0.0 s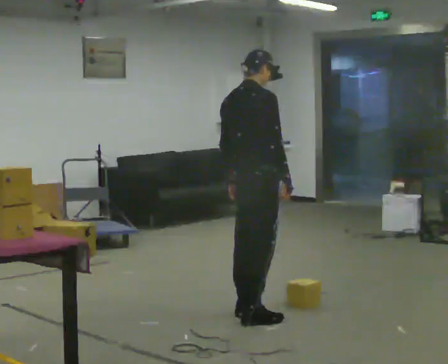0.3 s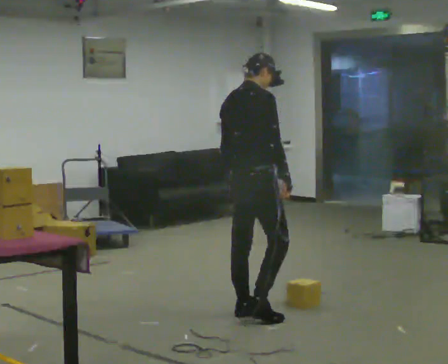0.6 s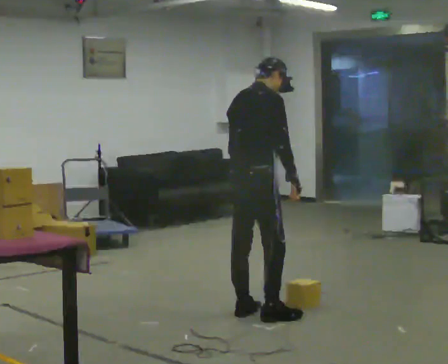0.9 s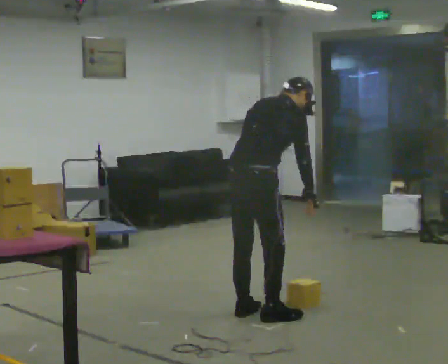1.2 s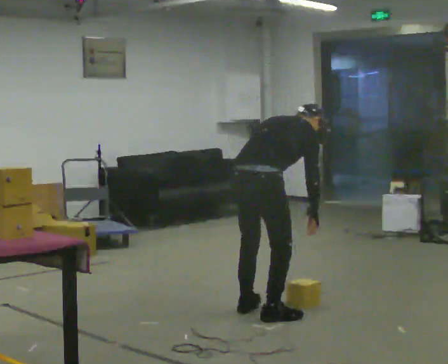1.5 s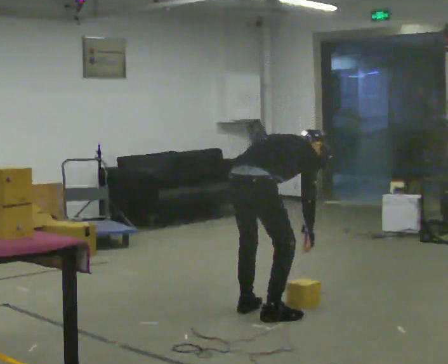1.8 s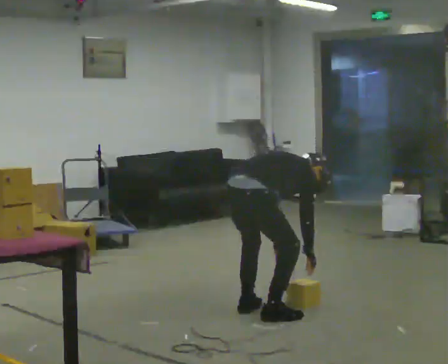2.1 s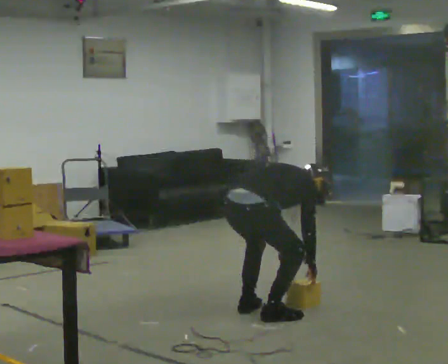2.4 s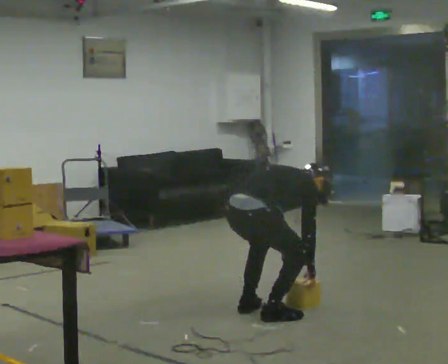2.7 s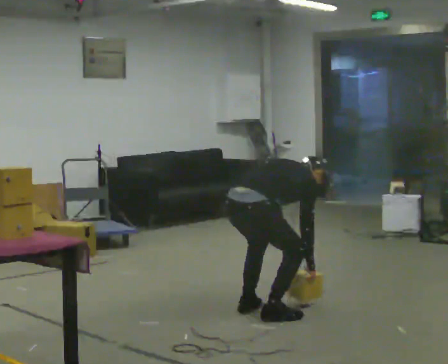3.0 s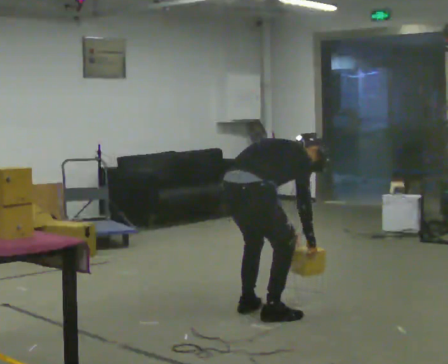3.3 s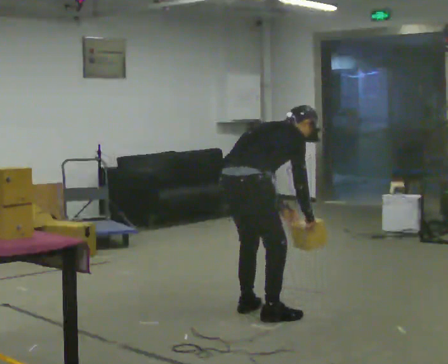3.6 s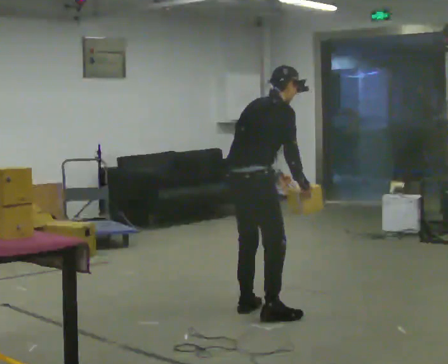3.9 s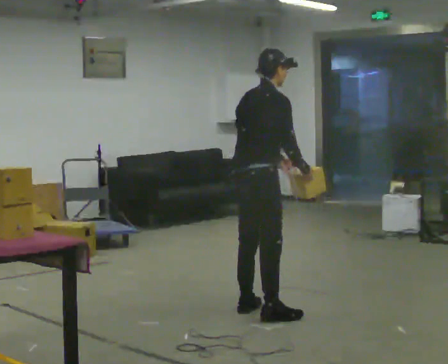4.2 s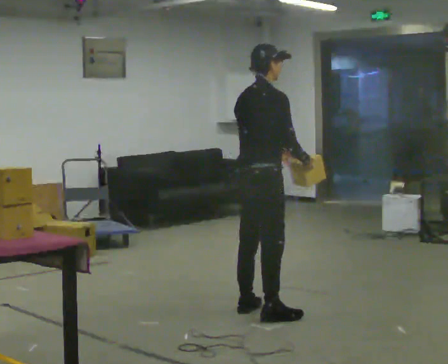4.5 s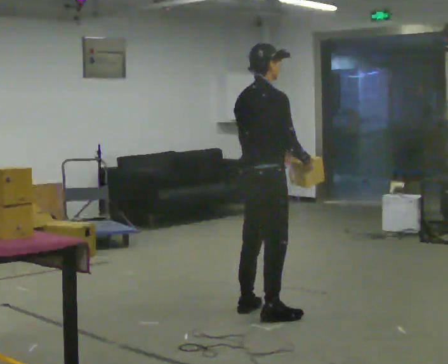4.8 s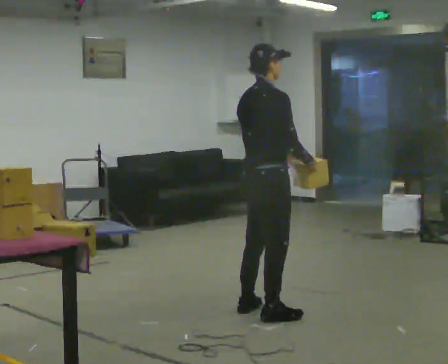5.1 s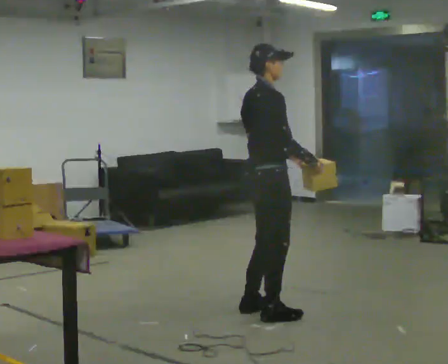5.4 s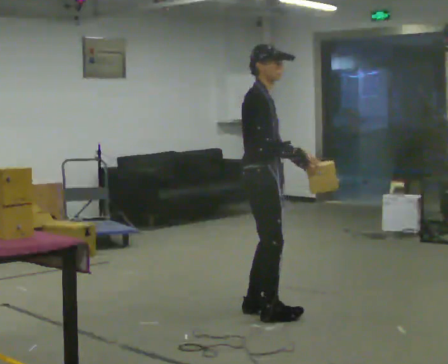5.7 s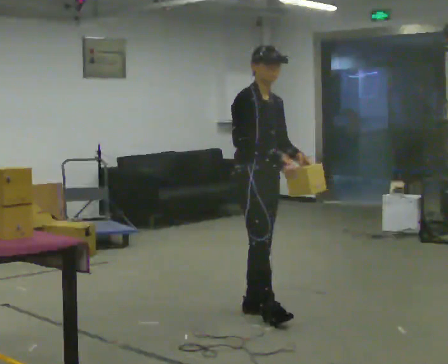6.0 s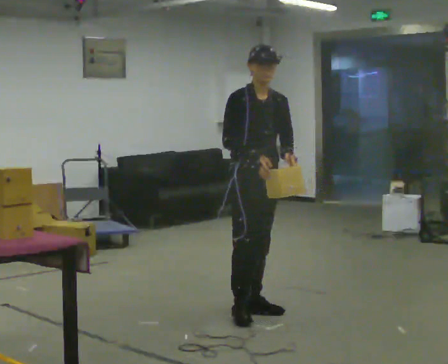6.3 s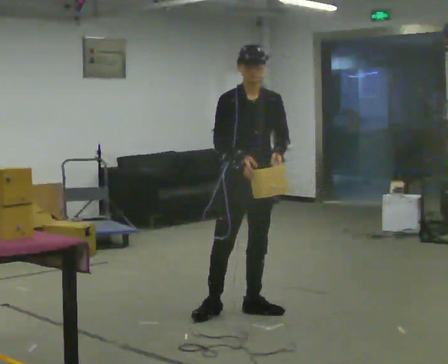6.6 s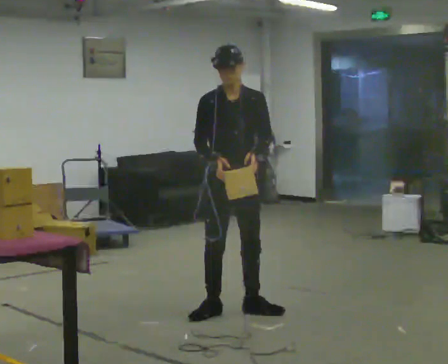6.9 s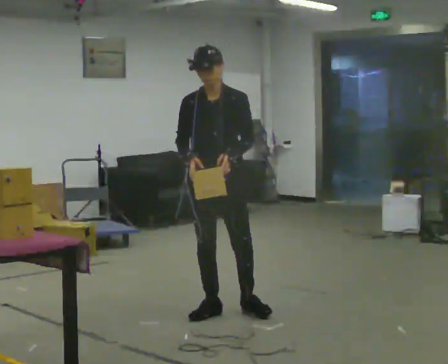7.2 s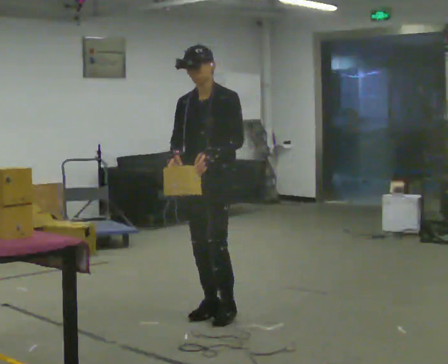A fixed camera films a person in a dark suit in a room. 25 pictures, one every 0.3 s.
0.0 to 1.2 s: The upper body goes downward. In the picture the upper body tilts clockwise, shoulders to the right, as they bend forward.
1.2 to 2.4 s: The upper body goes downward. In the picture their left hand goes downward.
2.4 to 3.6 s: The upper body goes upward. In the picture the upper body tilts counterclockwise, shoulders to the left, as they lean back or straighten. In the picture their left hand goes upward.
3.6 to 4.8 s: In the picture the upper body tilts counterclockwise, shoulders to the left, as they lean back or straighten.
4.8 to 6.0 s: The part of the body nearest the lens slides to the left as the person turns to their right by about 90 degrees. In the picture they go away from the camera, about 0.25 m.
6.0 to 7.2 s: Seen from above the body turns clockwise, about 60 degrees: to their right, with its near side sliding to the left. In the picture they go to the left, about 0.25 m in 1 step, which for them is to their right.
The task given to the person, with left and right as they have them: Carry the box over and put it on the shelf with the label facing out towards you. Get the orientation right, not just the position. Keep going until the operator says stop; one object at a time, and do not rush between trips.
The film runs forward here.
